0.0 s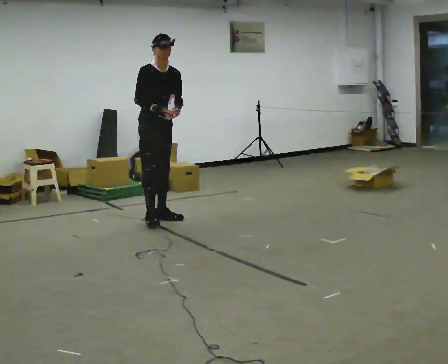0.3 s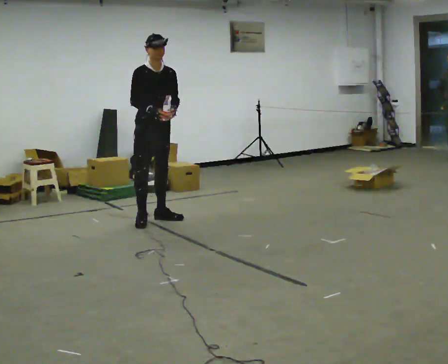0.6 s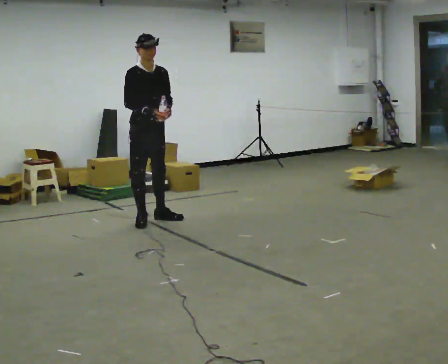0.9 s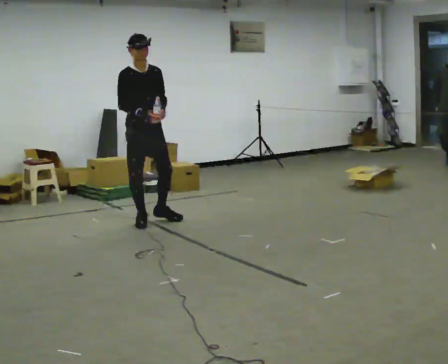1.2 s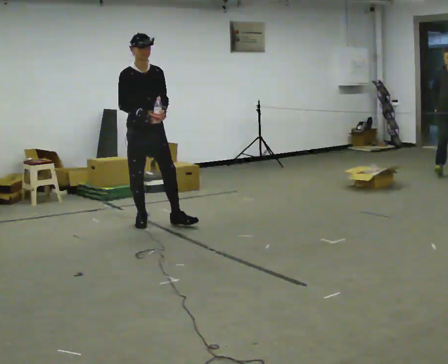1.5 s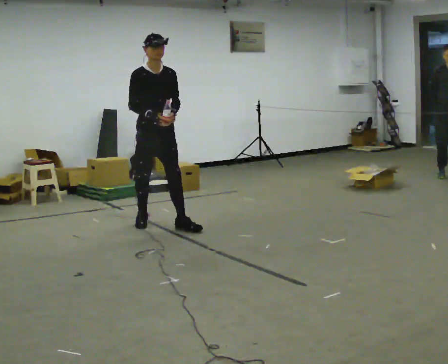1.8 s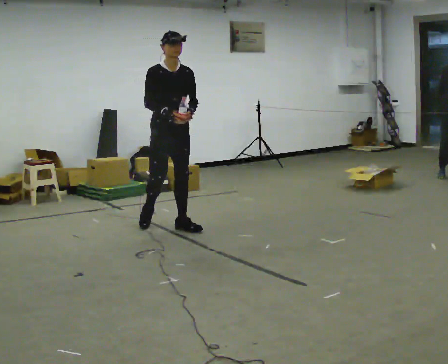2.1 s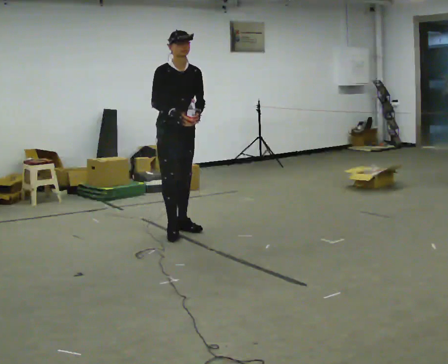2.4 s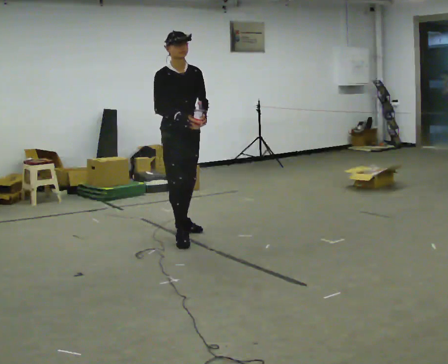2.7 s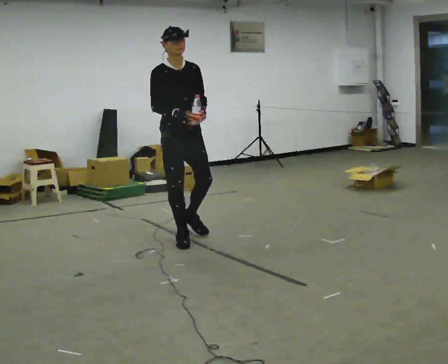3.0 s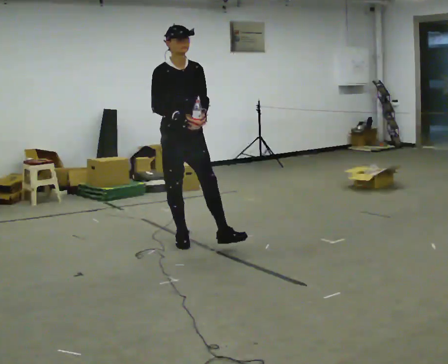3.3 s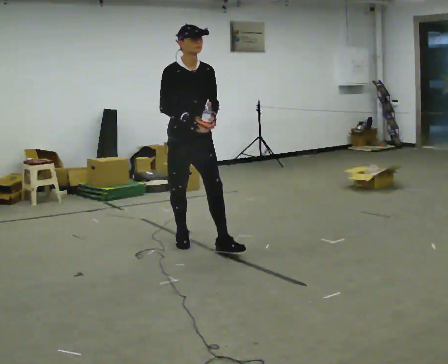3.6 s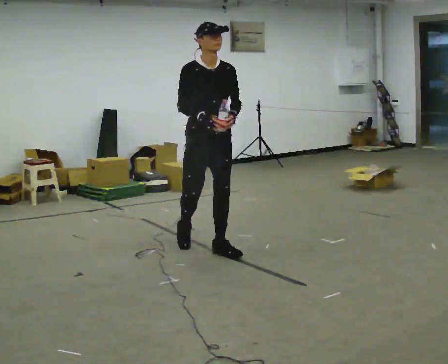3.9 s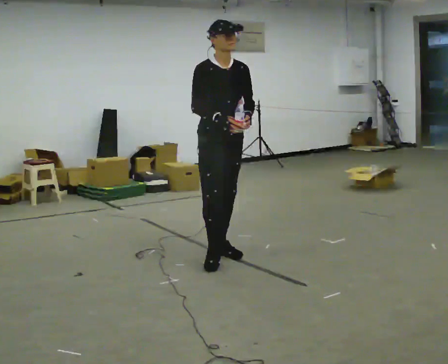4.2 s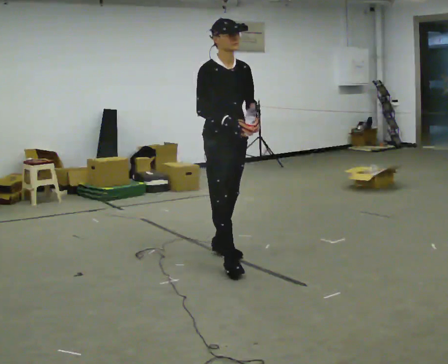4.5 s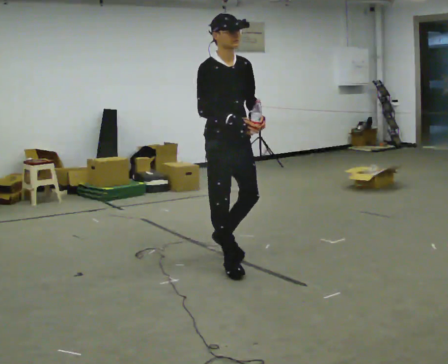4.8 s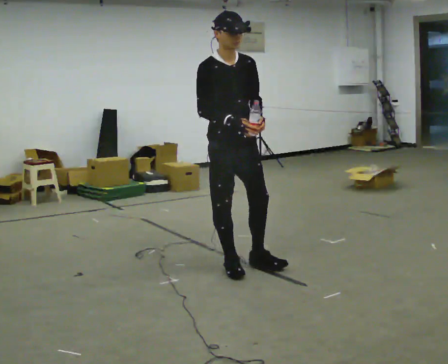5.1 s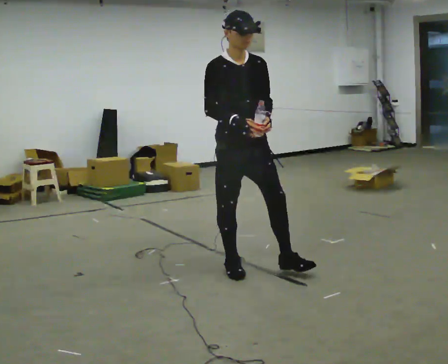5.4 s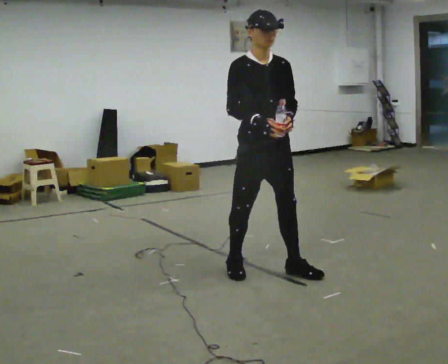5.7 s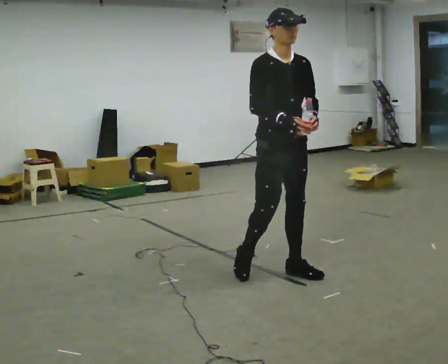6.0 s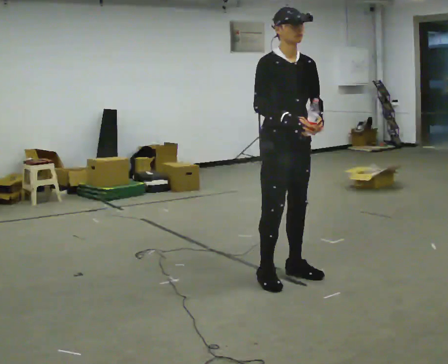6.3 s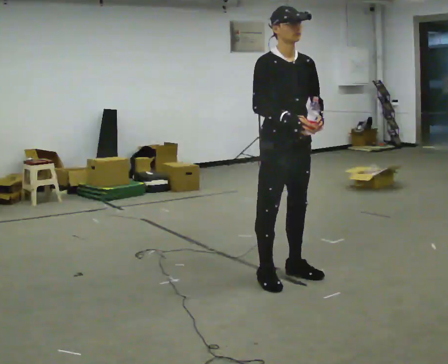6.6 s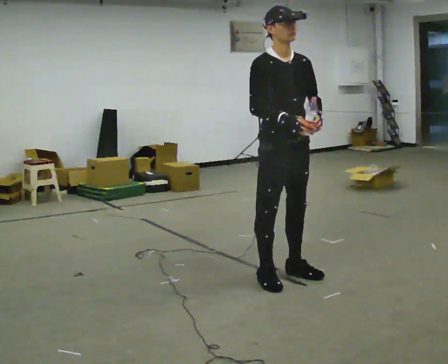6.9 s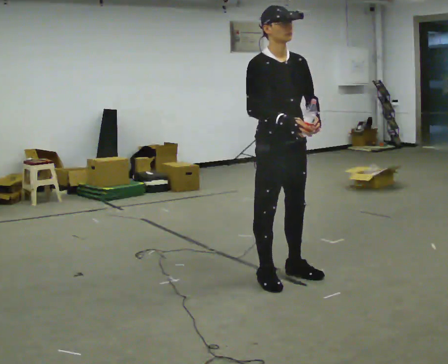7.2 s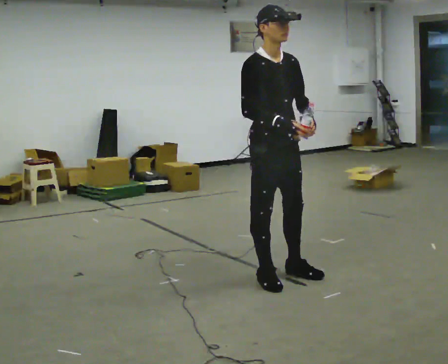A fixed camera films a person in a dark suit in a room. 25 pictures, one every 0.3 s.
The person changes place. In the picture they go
toward the camera.
0.0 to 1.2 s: In the picture they go toward the camera, about 0.25 m in 1 step, which for them is to their right.
1.2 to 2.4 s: In the picture they go toward the camera and to the right, about 0.5 m in 2 steps, which for them is forward.
2.4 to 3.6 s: In the picture they go toward the camera and to the right, about 0.5 m in 1 step, which for them is forward.
3.6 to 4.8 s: In the picture they go toward the camera, about 0.5 m in 1 step, which for them is forward and to their right.
4.8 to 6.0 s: In the picture they go to the right and toward the camera, about 0.5 m in 2 steps, which for them is forward and to their left.
6.0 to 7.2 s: The person moves a little, or ends about where they began.
The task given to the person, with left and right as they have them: Carry the open container of water across the room without spilling it, back and forth.
The film runs forward here.
